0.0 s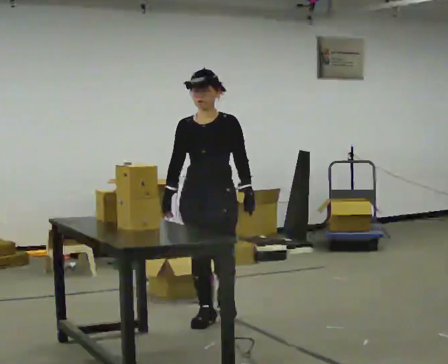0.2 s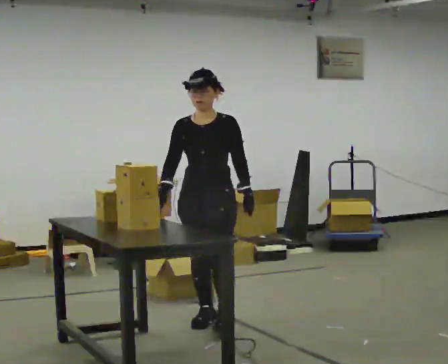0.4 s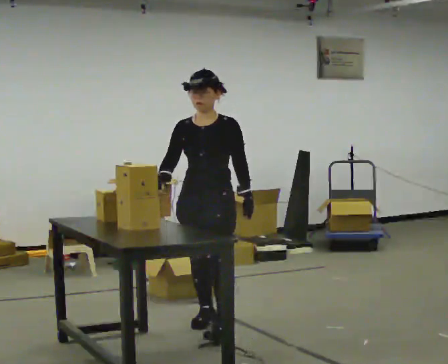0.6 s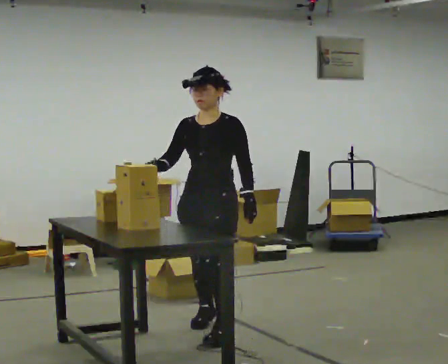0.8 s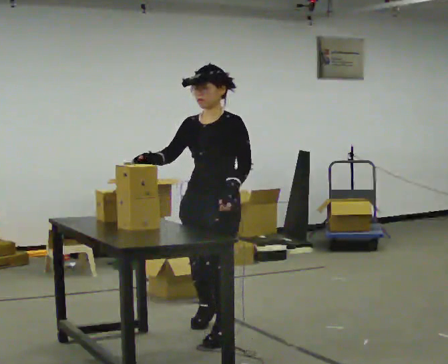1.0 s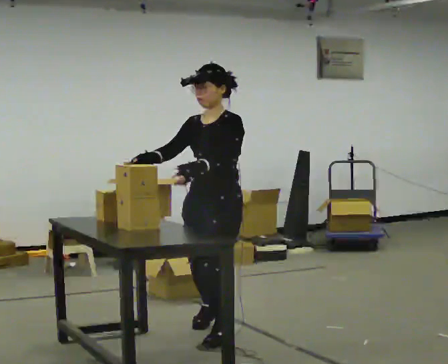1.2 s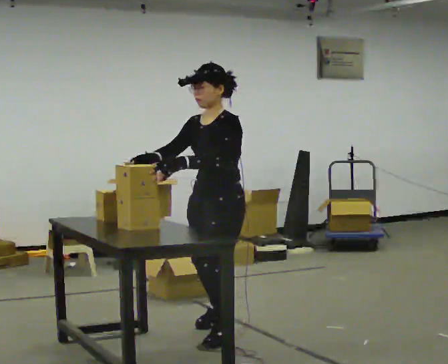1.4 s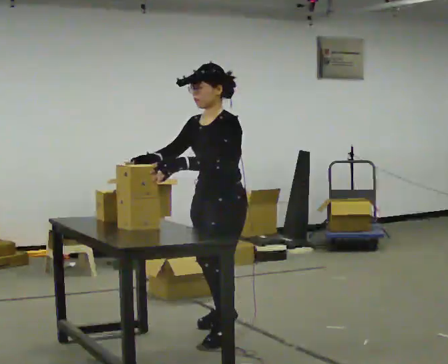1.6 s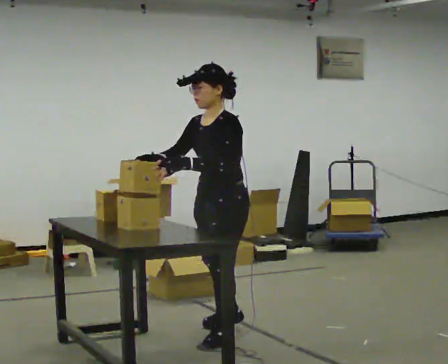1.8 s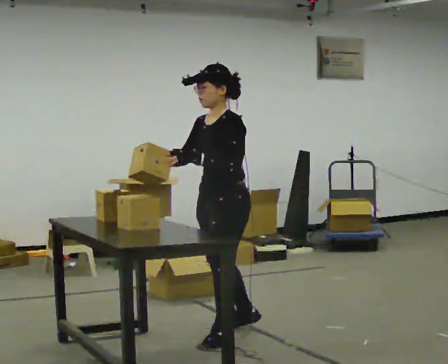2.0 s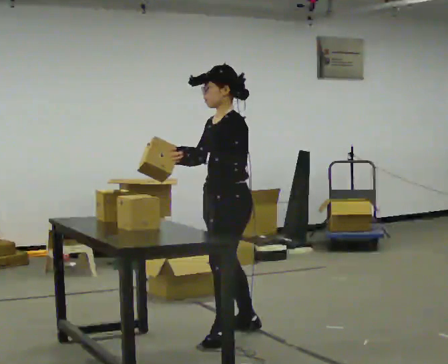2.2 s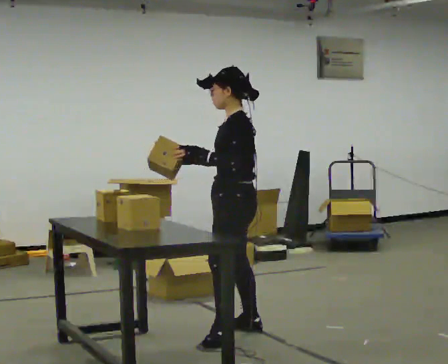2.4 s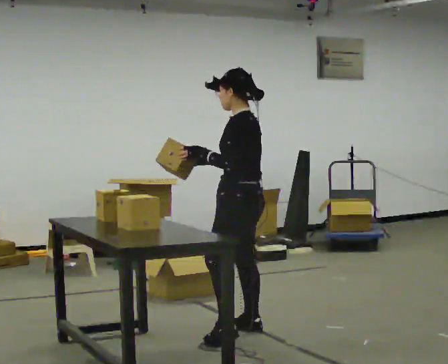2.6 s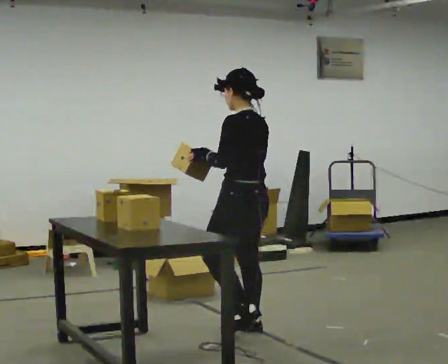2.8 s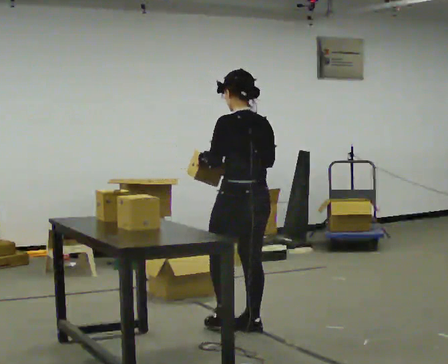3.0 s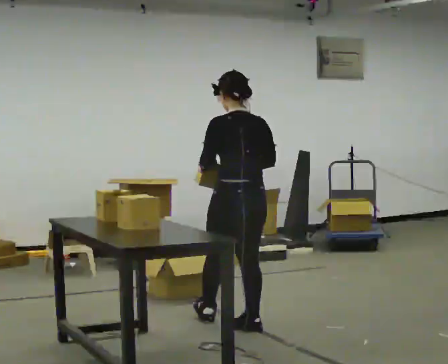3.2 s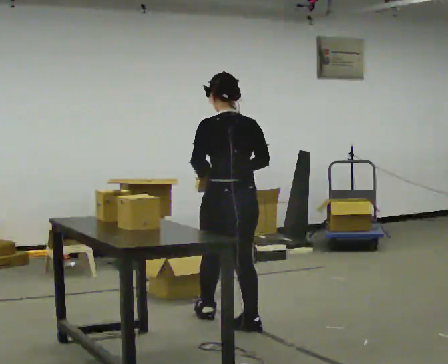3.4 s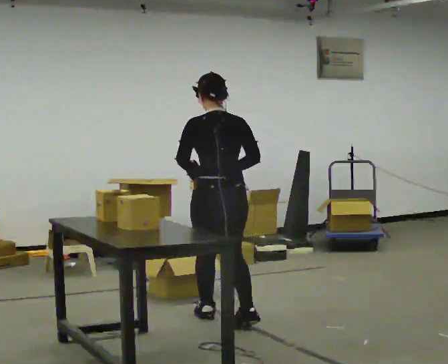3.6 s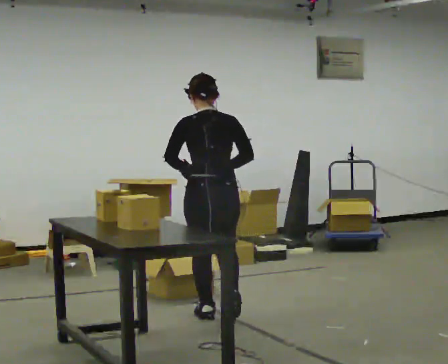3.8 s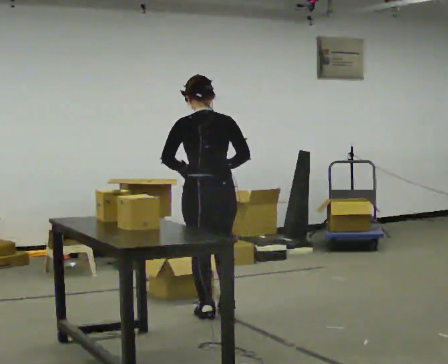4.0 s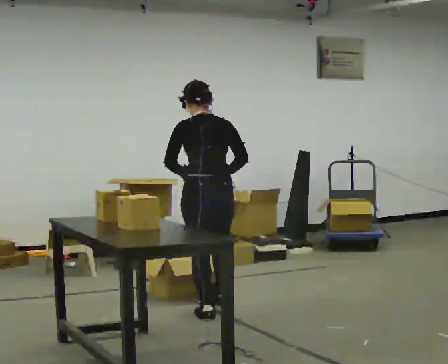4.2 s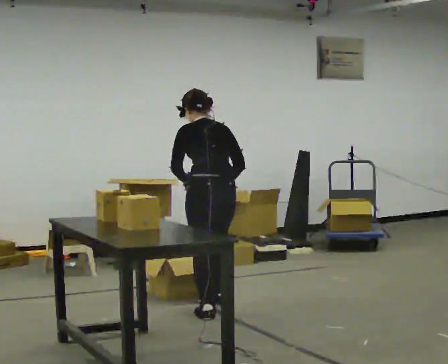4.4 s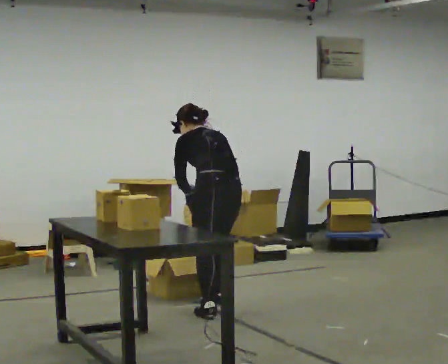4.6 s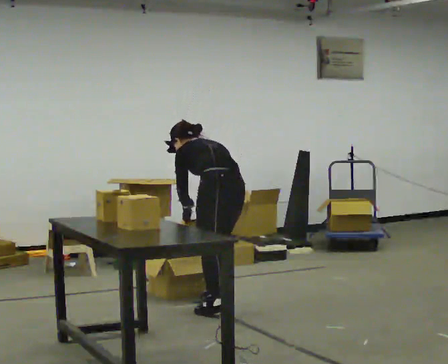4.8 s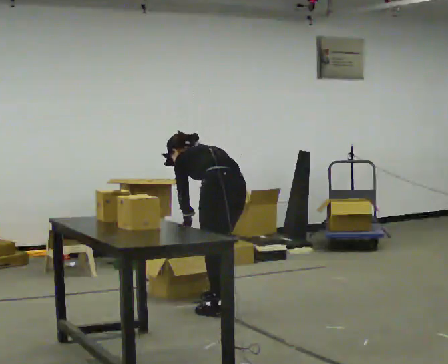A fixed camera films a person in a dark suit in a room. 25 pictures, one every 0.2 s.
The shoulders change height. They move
downward.
0.0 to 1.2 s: Seen from above the body turns clockwise, about 45 degrees: to their right, with its near side sliding to the left. In the picture they go toward the camera, about 0.5 m in 1 step, which for them is forward and to their left.
1.2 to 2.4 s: Seen from above the body turns clockwise, about 60 degrees: to their right, with its near side sliding to the left. In the picture they go away from the camera, about 0.25 m in 2 steps, which for them is backward. In the picture their right hand goes to the right.
2.4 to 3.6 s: The part of the body nearest the lens slides to the left as the person turns to their right by about 60 degrees. In the picture they go away from the camera and to the left, about 0.5 m in 1 step.
3.6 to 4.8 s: The part of the body nearest the lens slides to the right as the person turns to their left by about 30 degrees. In the picture they go away from the camera, about 0.25 m in 1 step, which for them is forward and to their right. The shoulders move downward. The upper body tips away from the camera, its near side rolling upward, as they bend forward. In the picture their right hand goes downward.
The film runs forward here.
